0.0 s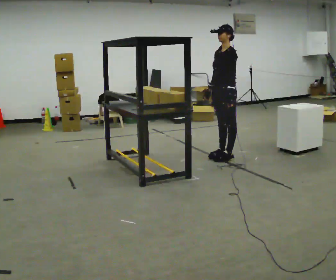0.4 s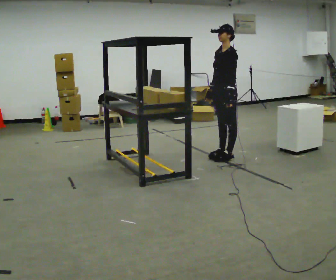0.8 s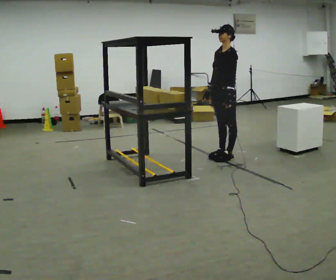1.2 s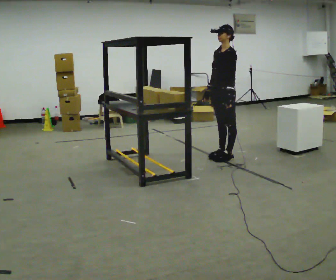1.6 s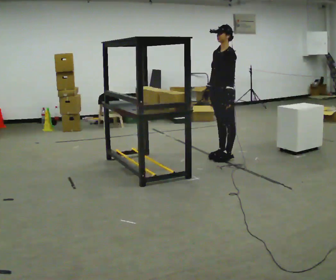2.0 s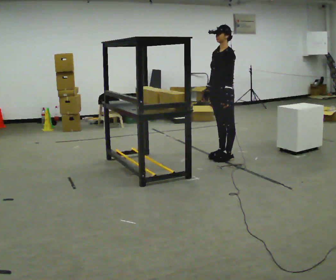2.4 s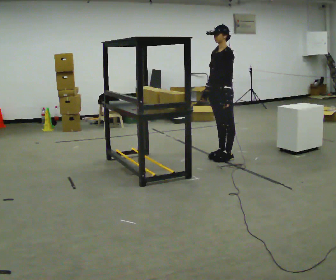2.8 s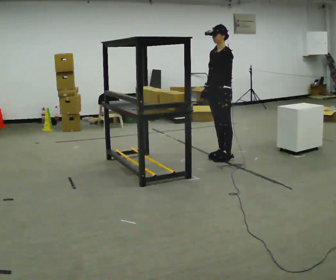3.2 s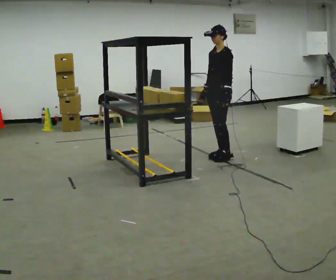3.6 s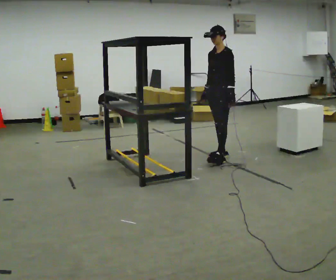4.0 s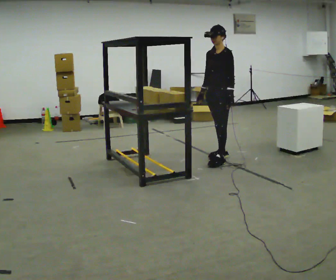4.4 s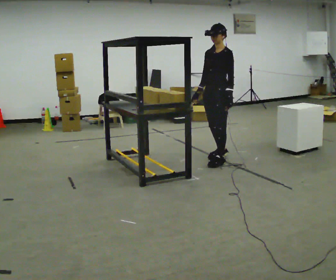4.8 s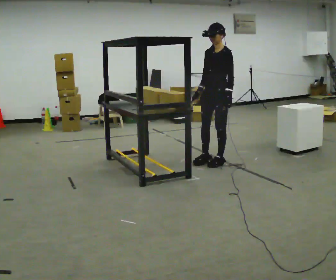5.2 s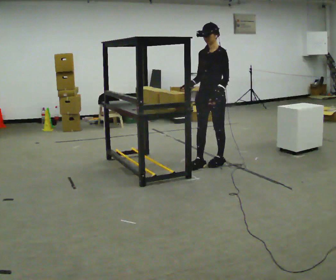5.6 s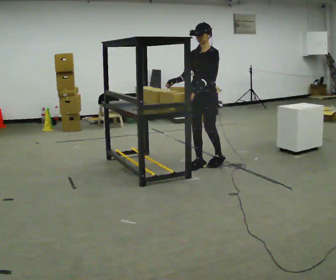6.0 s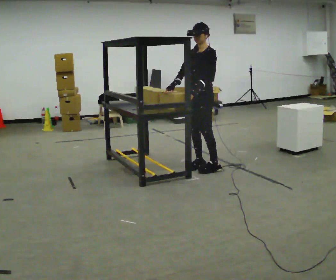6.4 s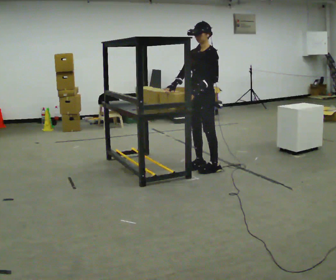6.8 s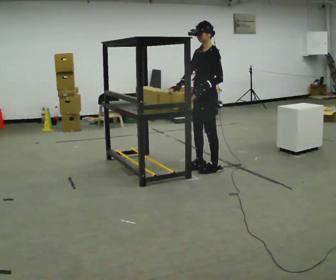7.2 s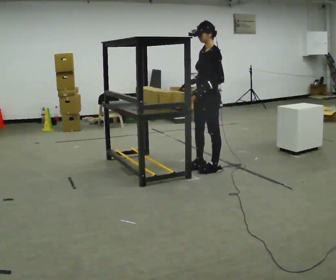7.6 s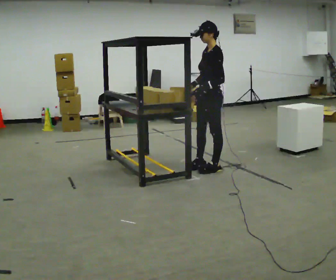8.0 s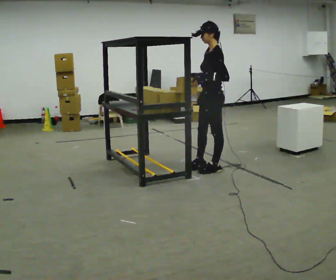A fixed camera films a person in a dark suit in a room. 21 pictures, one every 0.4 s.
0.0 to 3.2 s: The person moves a little, or ends about where they began.
3.2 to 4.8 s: In the picture they go toward the camera, about 0.25 m in 1 step, which for them is forward and to their left.
4.8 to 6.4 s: In the picture they go toward the camera and to the left, about 0.25 m in 2 steps, which for them is forward.
6.4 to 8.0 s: The part of the body nearest the lens slides to the left as the person turns to their right by about 30 degrees.
The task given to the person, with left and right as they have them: Move objects one at a time from the waist-height shelf at one end of the room to the waist-height shelf at the other end. Keep going until the operator says stop; one object at a time, and do not rush between trips.
The film runs forward here.
